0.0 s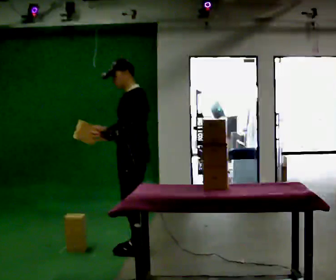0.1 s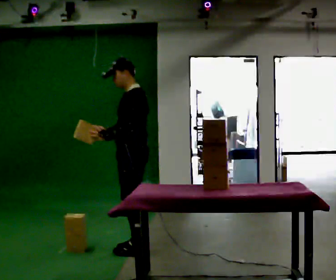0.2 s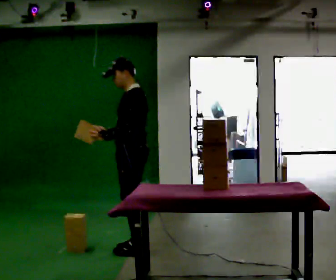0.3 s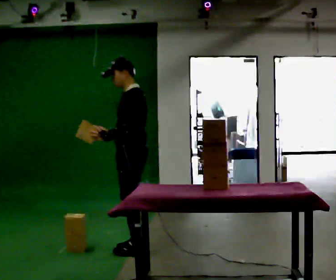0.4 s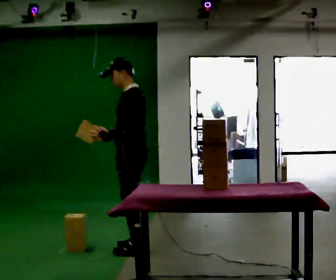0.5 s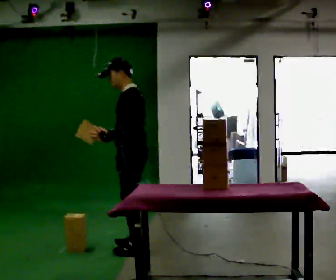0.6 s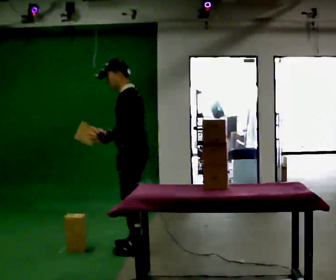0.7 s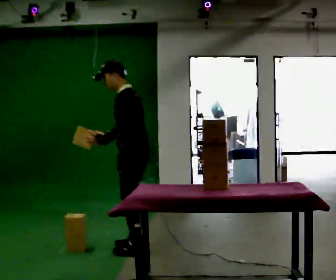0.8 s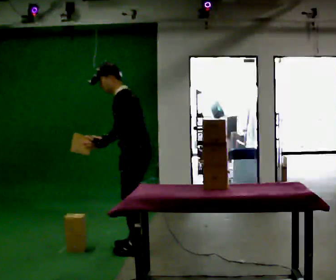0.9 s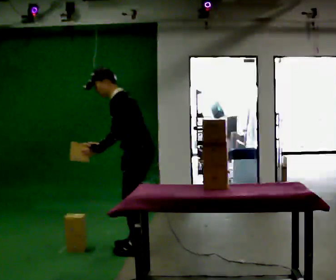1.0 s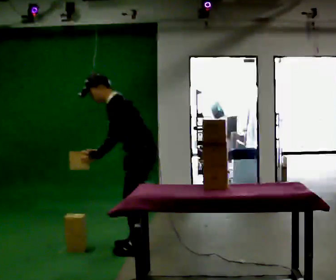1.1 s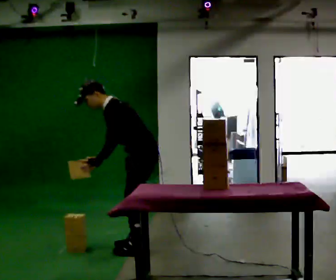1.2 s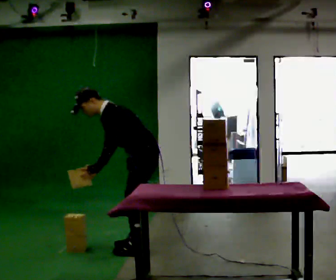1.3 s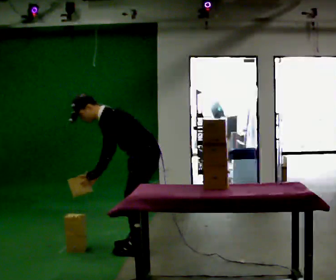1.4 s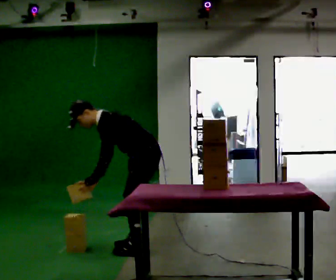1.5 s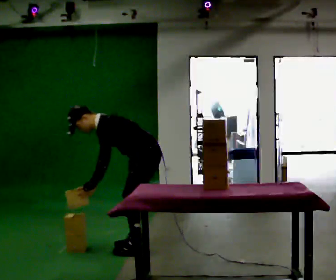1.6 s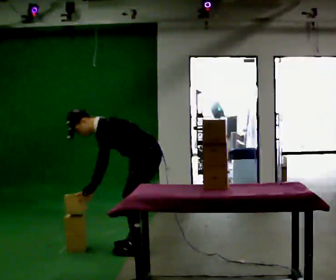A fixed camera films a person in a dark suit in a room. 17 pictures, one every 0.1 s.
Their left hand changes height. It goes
downward.
The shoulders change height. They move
downward.
0.0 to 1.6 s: The shoulders move downward. In the picture the upper body tilts counterclockwise, shoulders to the left, as they bend forward. In the picture their right hand goes downward.
The film runs backward here.
